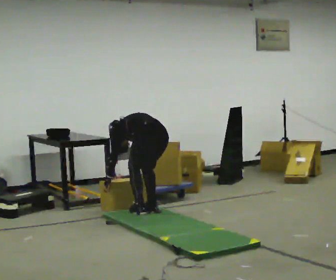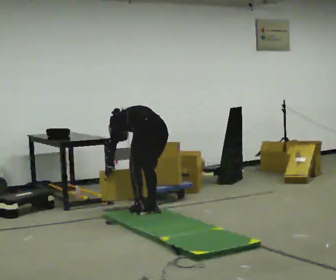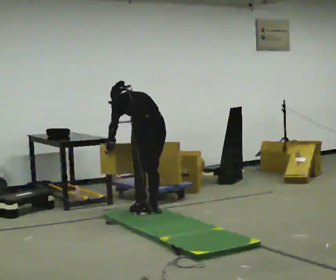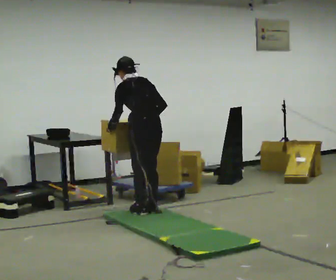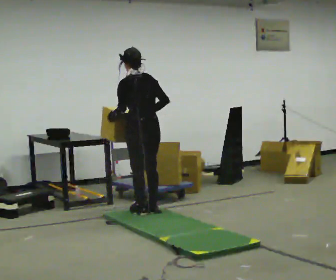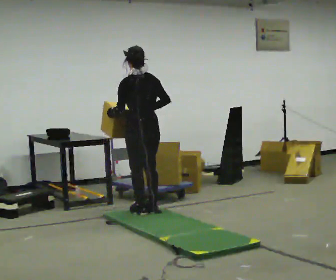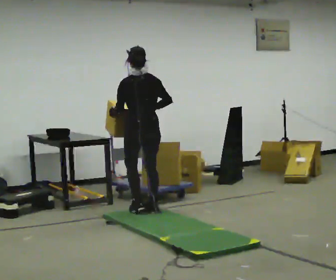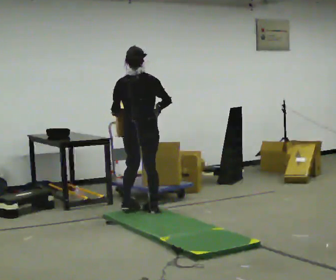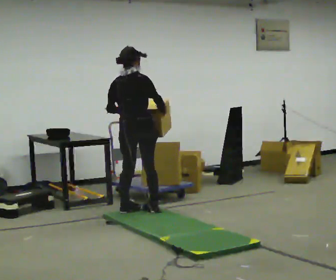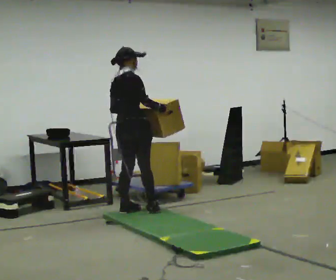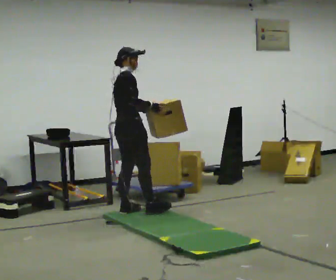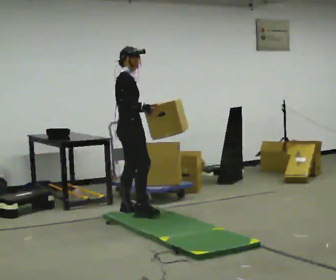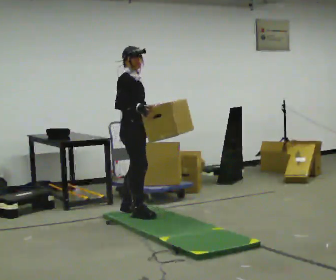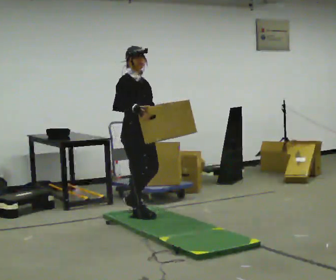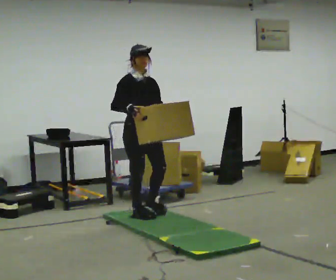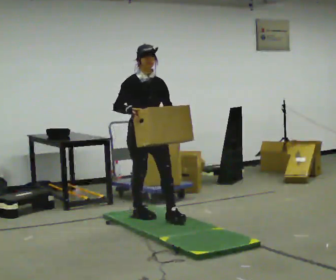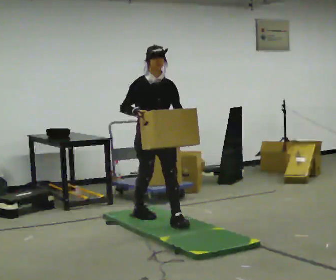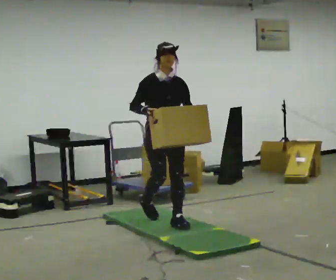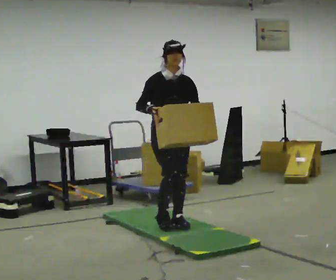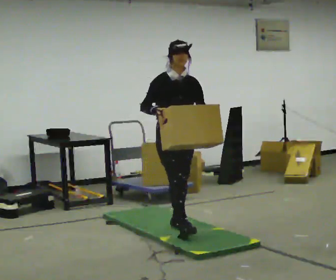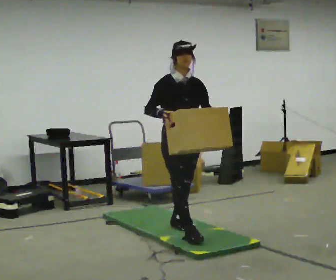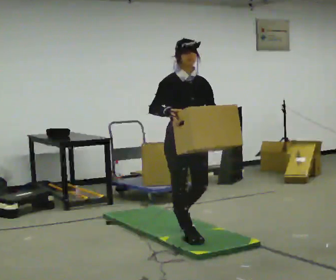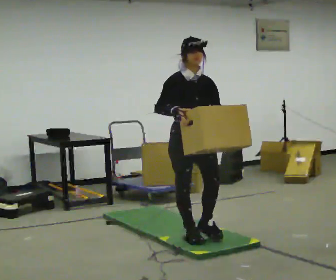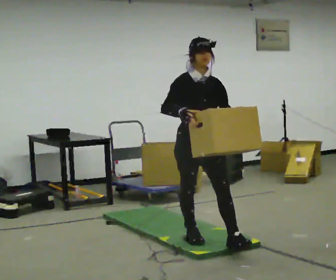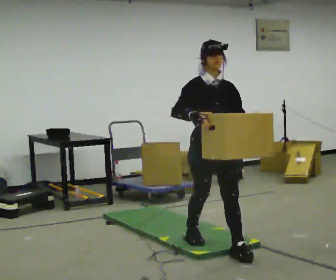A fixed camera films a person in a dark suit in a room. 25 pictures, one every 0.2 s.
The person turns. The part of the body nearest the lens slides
to the left.
Their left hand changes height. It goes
upward.
0.0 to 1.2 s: In the picture they go away from the camera, about 0.25 m, which for them is forward. The shoulders move upward. The upper body tips toward the camera, its near side rolling downward, as they lean back or straighten. In the picture their right hand goes upward.
1.2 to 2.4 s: The part of the body nearest the lens slides to the left as the person turns to their right by about 120 degrees. In the picture they go toward the camera, about 0.25 m in 2 steps.
2.4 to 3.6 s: Seen from above the body turns clockwise, about 60 degrees: to their right, with its near side sliding to the left. In the picture they go toward the camera and to the right, about 0.5 m in 1 step, which for them is forward.
3.6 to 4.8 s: In the picture they go toward the camera and to the right, about 1 m in 2 steps, which for them is forward.
The film runs forward here.
